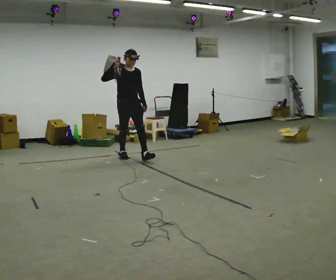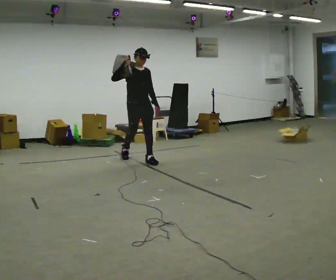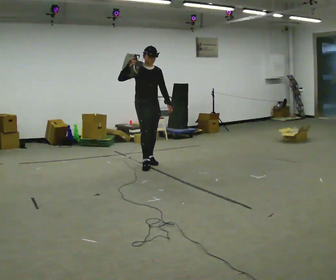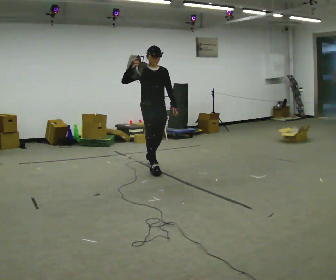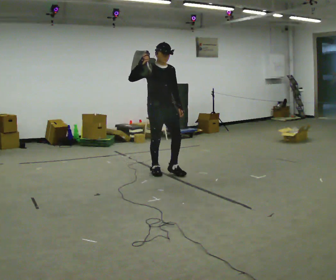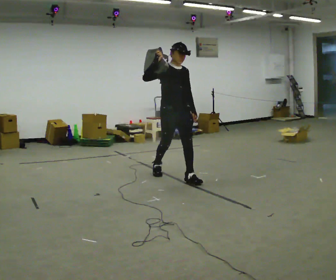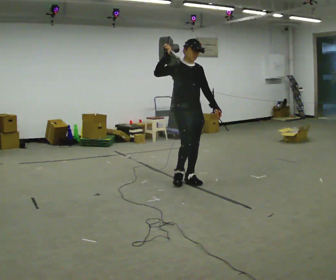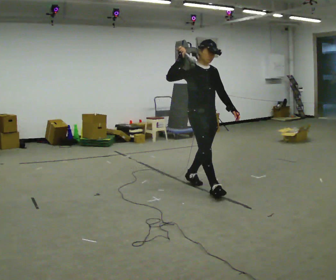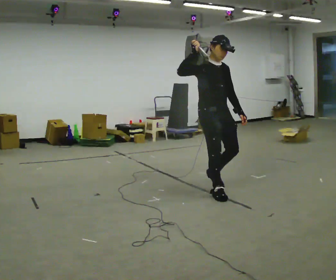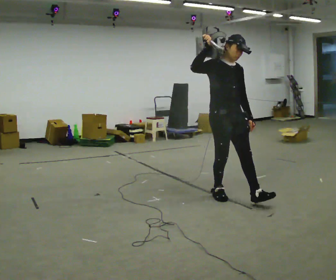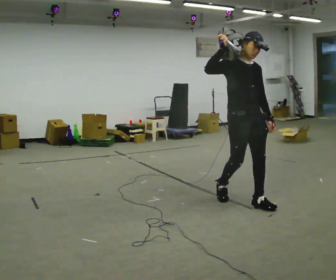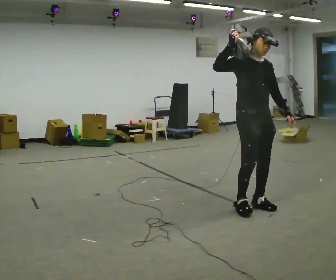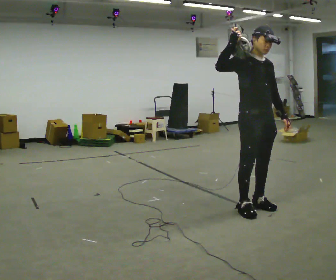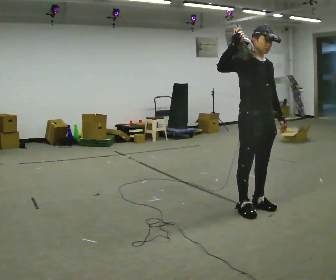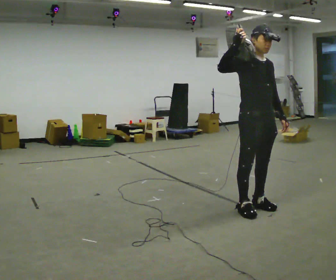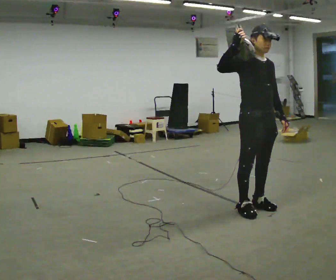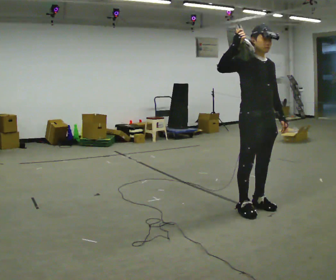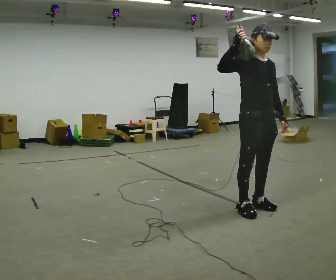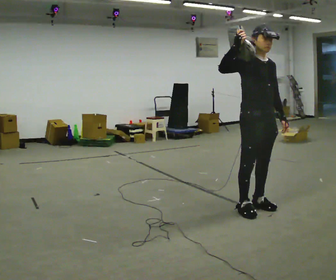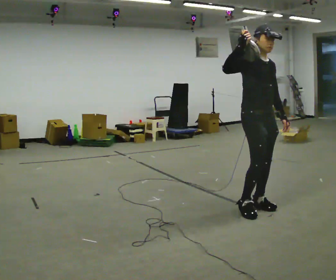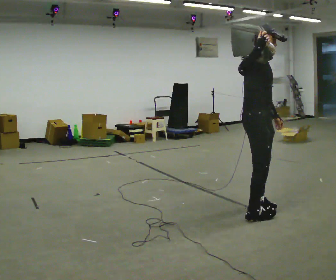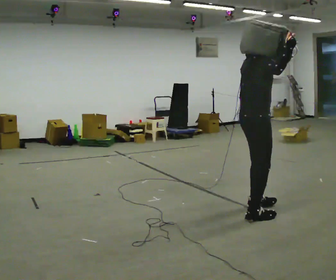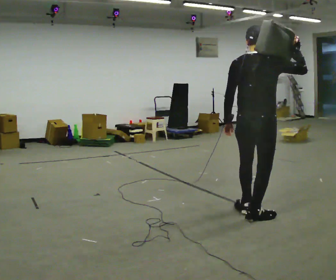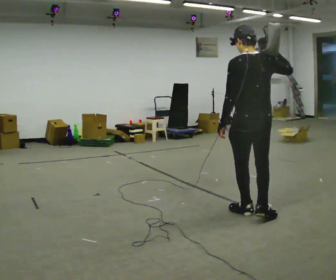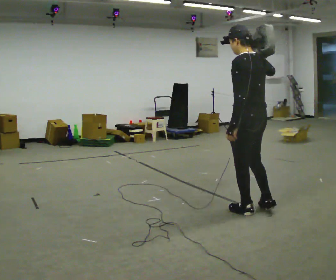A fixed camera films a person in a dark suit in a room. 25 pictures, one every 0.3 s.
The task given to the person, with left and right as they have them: Put the soft bag up onto your shoulder and carry it across the room, back and forth.
0.0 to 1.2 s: In the picture they go to the right and toward the camera, about 1 m in 2 steps, which for them is forward.
1.2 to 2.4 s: In the picture they go to the right and toward the camera, about 1 m in 2 steps, which for them is forward.
2.4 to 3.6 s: In the picture they go to the right and toward the camera, about 0.75 m in 2 steps, which for them is forward.
3.6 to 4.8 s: The person moves a little, or ends about where they began.
4.8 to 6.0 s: The part of the body nearest the lens slides to the right as the person turns to their left by about 30 degrees.
6.0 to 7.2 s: The person turns about 150 degrees to their left, counterclockwise seen from above, so the part of the body nearest the lens slides to the right.
The film runs forward here.
